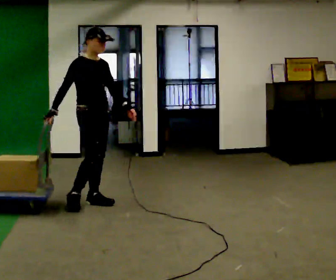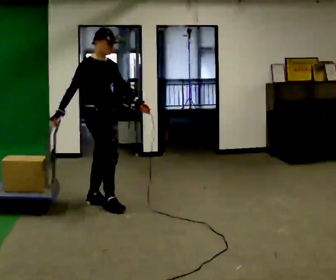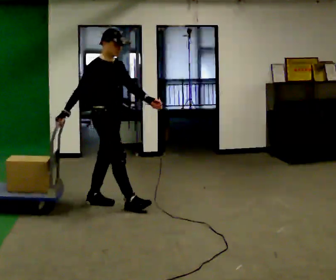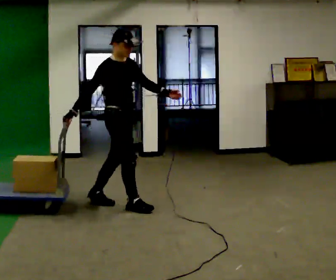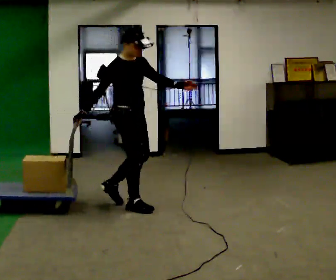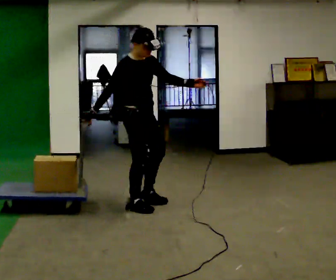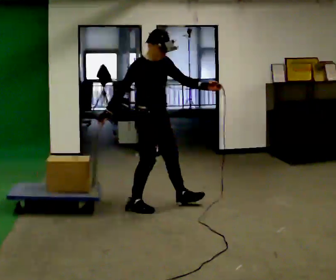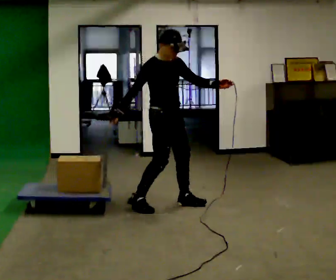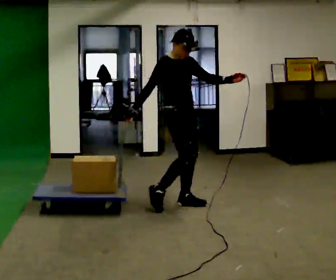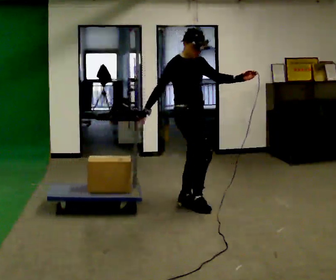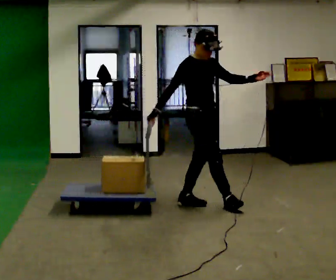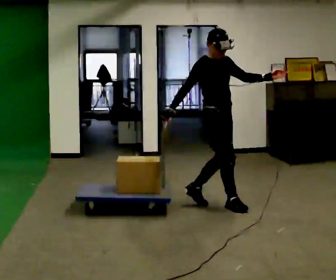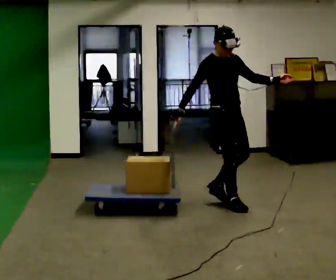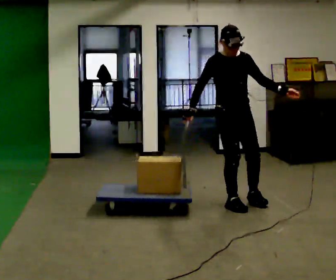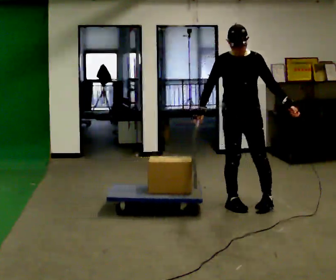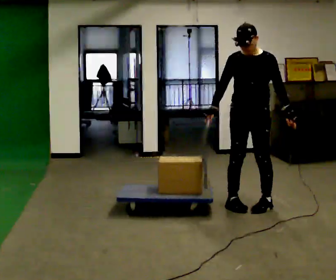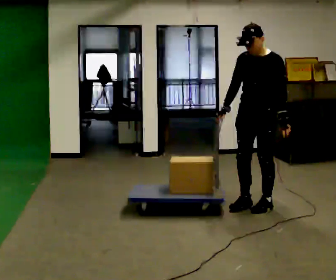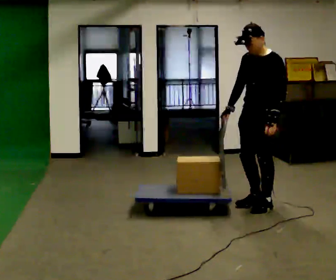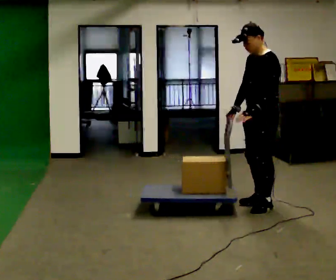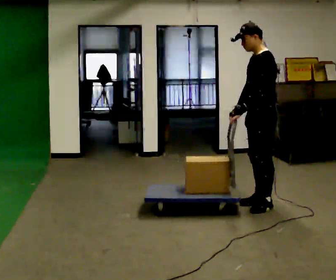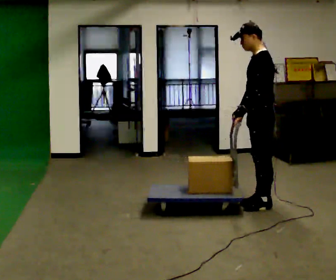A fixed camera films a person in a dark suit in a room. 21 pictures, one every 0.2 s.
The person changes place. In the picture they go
to the right.
0.0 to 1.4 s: In the picture they go to the right, about 0.5 m in 2 steps, which for them is forward.
1.4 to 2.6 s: The part of the body nearest the lens slides to the left as the person turns to their right by about 30 degrees. In the picture they go to the right, about 0.75 m in 1 step, which for them is forward.
2.6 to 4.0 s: The person turns about 120 degrees to their right, clockwise seen from above, so the part of the body nearest the lens slides to the left. In the picture they go to the right, about 0.25 m in 2 steps.
The film runs forward here.
